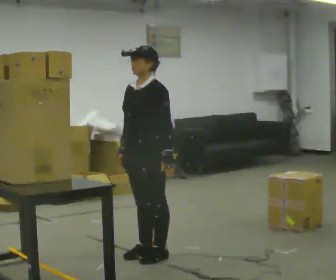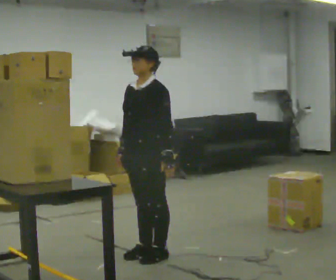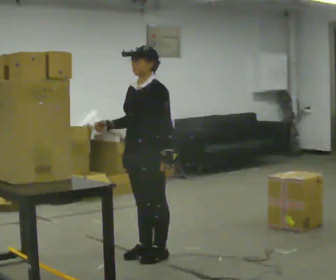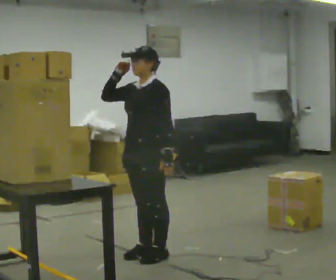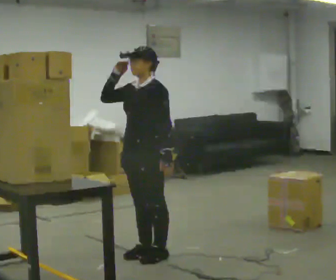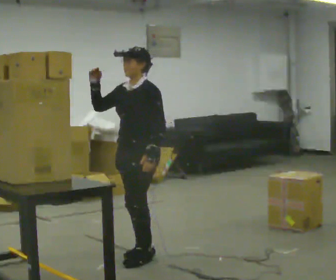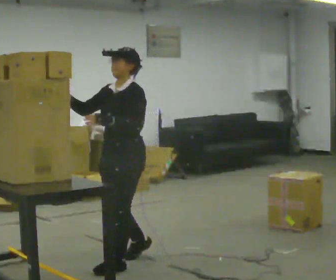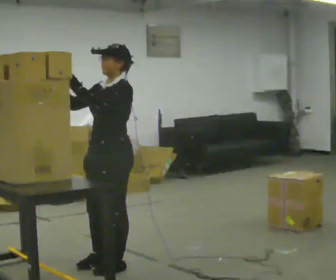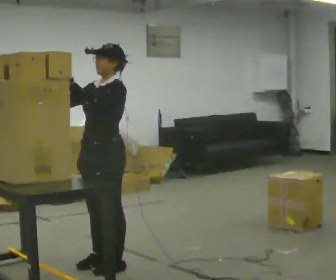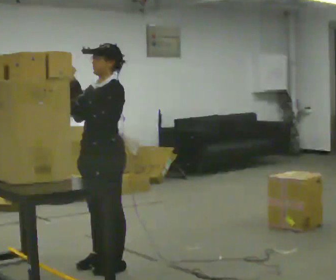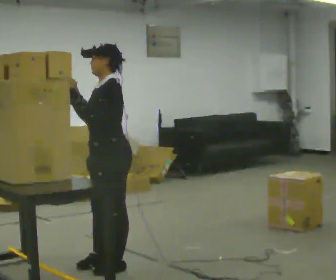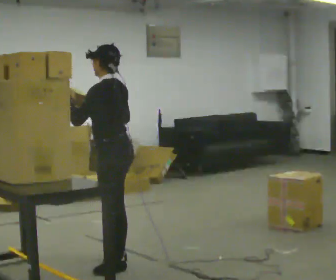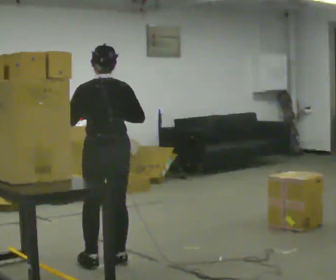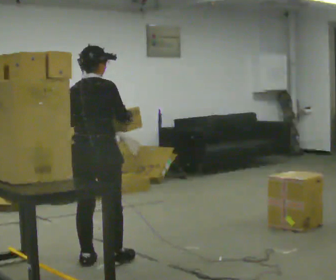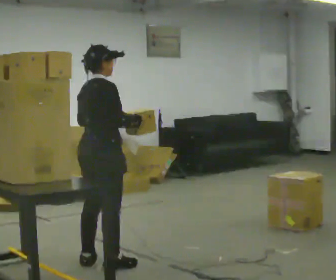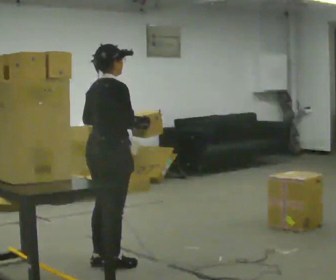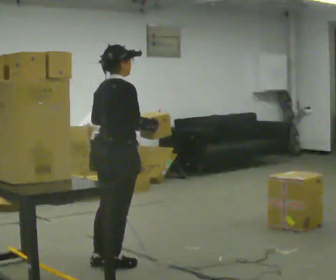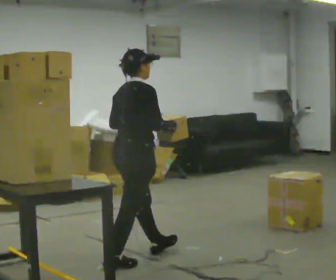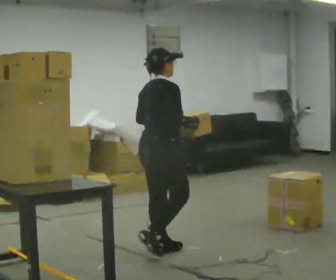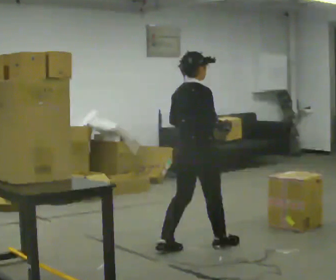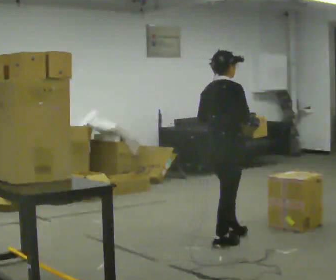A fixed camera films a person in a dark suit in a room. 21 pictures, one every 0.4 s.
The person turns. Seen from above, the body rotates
clockwise.
The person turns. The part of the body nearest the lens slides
to the left.
0.0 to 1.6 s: In the picture their right hand goes upward.
1.6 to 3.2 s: In the picture they go to the left and toward the camera, about 0.5 m in 2 steps, which for them is forward. In the picture their left hand goes upward.
3.2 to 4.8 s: Seen from above the body turns clockwise, about 90 degrees: to their right, with its near side sliding to the left. In the picture their right hand goes to the right.
4.8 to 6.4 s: The person turns about 75 degrees to their right, clockwise seen from above, so the part of the body nearest the lens slides to the left.
6.4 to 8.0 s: In the picture they go to the right and away from the camera, about 1 m in 2 steps, which for them is forward.
The film runs forward here.
